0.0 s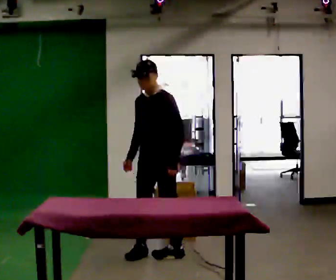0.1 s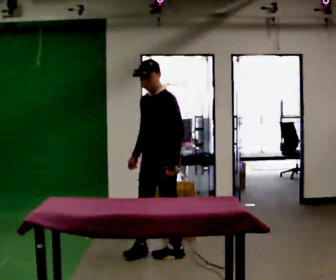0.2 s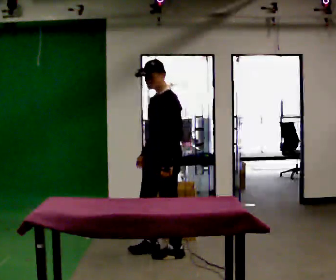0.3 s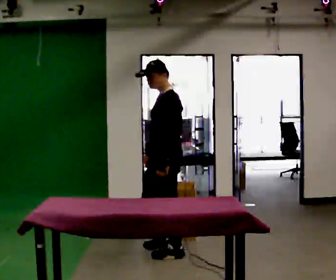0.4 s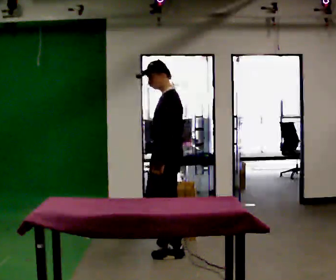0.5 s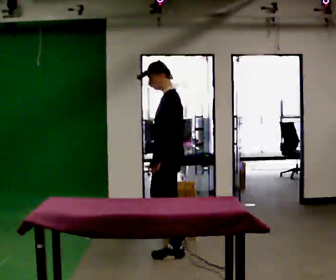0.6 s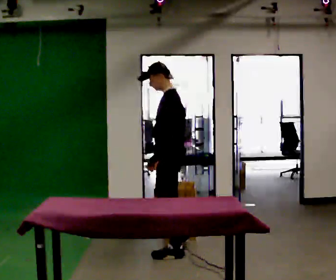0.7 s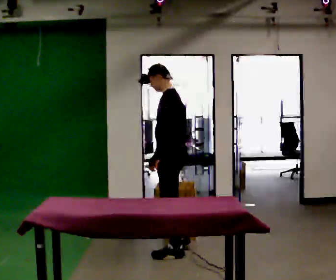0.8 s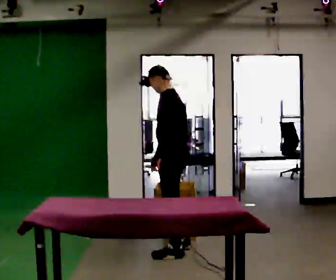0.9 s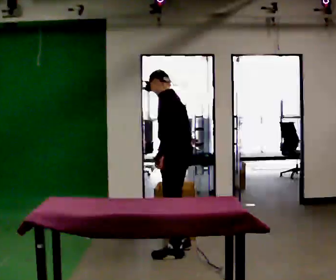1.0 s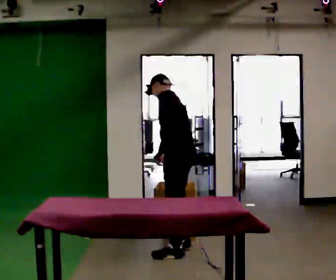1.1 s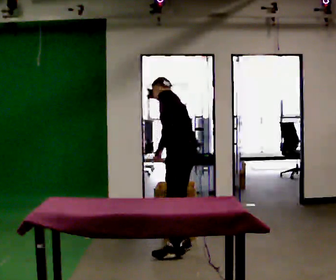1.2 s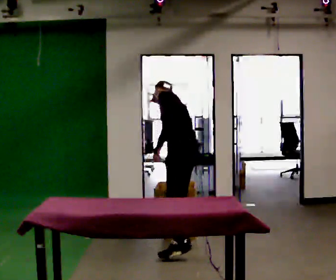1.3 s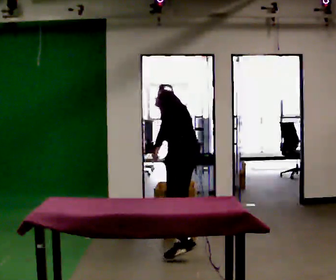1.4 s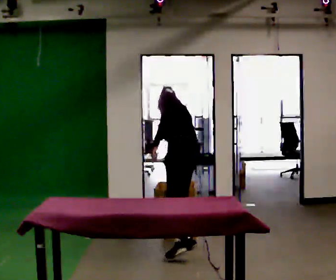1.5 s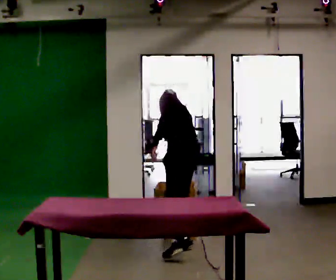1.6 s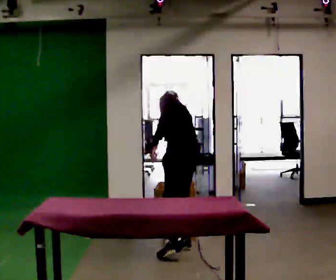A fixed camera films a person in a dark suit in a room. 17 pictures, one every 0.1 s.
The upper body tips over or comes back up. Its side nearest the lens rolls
upward.
The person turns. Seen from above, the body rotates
clockwise.
0.0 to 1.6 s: The person turns about 75 degrees to their right, clockwise seen from above, so the part of the body nearest the lens slides to the left. In the picture they go to the right and away from the camera, about 0.25 m in 3 steps. The upper body tips away from the camera, its near side rolling upward, as they bend forward.
The film runs backward here.
